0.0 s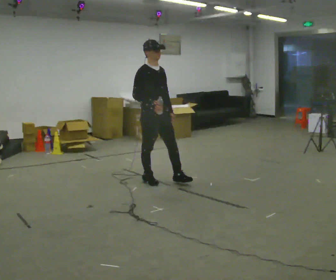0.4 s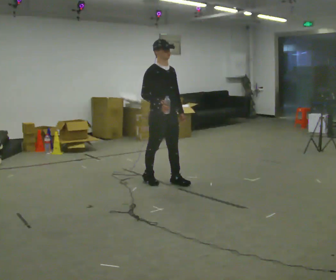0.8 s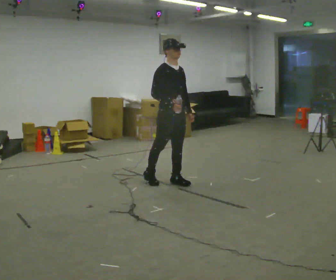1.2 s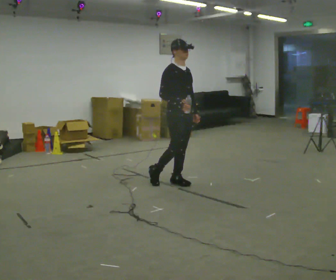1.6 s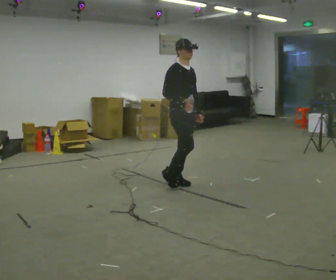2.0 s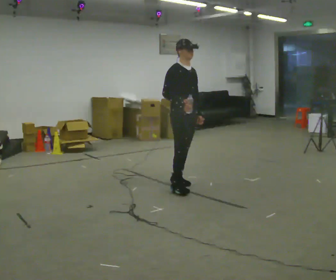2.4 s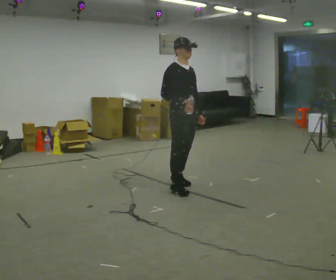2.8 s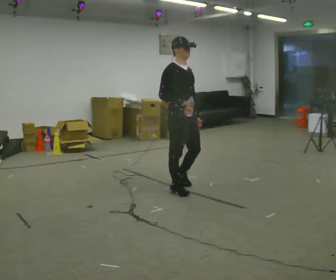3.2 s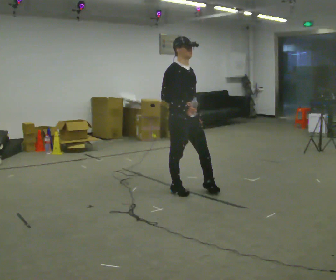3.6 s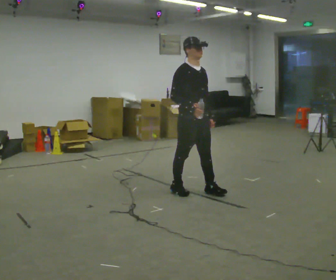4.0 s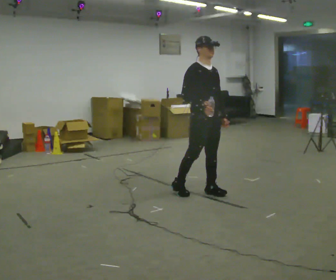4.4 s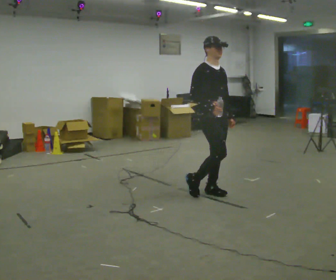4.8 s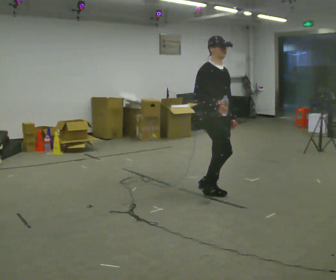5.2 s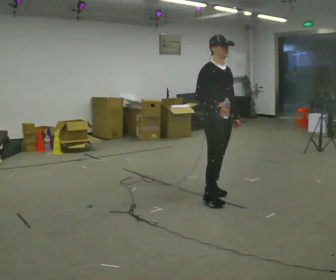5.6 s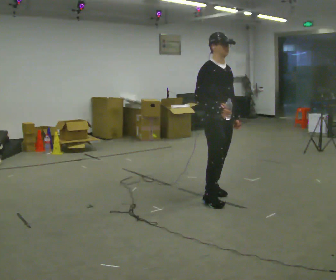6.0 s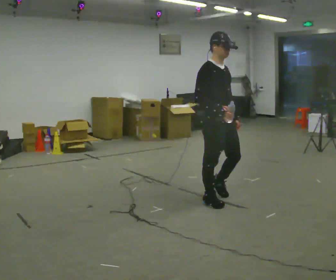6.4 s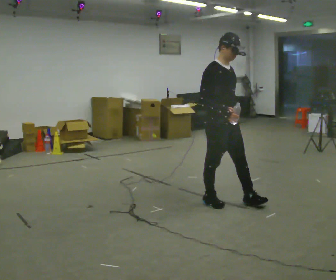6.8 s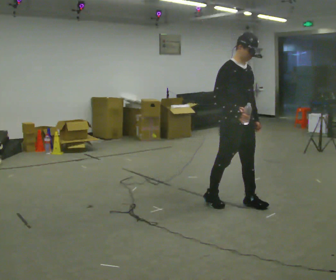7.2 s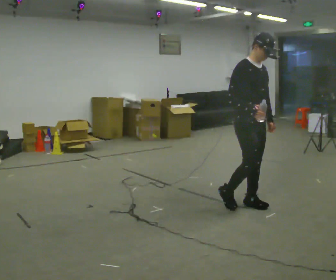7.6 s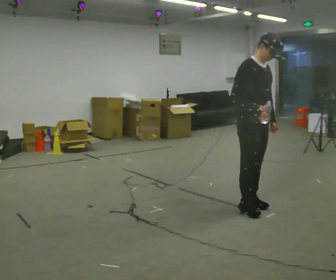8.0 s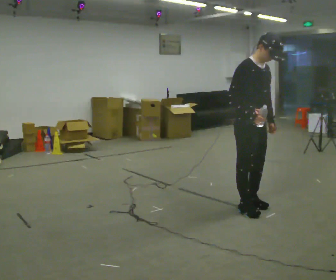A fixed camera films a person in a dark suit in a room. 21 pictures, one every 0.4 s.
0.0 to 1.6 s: In the picture they go to the right, about 0.25 m in 1 step, which for them is forward and to their left.
1.6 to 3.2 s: In the picture they go toward the camera, about 0.25 m in 1 step, which for them is to their right and forward.
3.2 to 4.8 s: In the picture they go to the right, about 0.25 m in 1 step, which for them is forward and to their left.
4.8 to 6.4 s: In the picture they go toward the camera, about 0.25 m in 2 steps, which for them is forward and to their right.
6.4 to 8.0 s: In the picture they go to the right, about 0.25 m in 1 step, which for them is forward.
The film runs forward here.
